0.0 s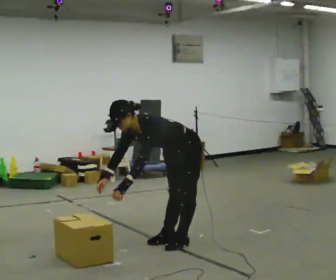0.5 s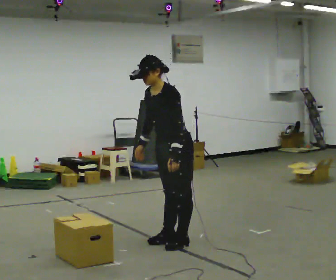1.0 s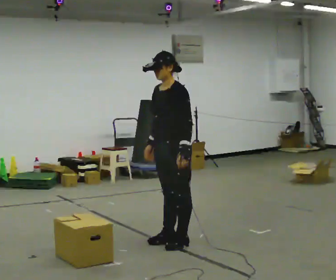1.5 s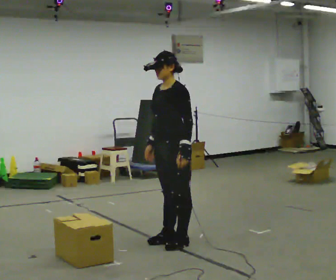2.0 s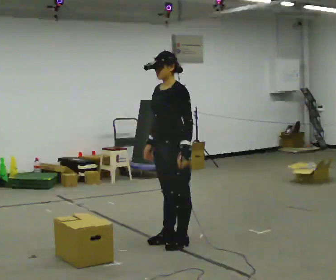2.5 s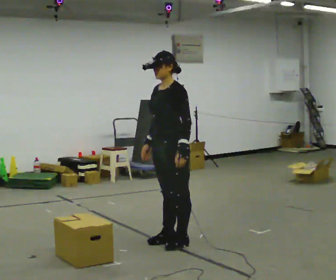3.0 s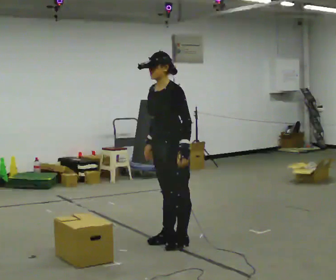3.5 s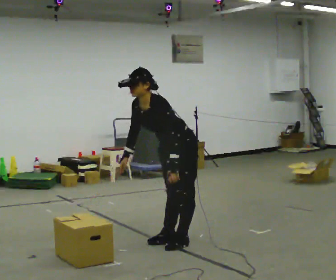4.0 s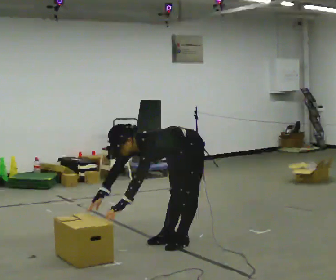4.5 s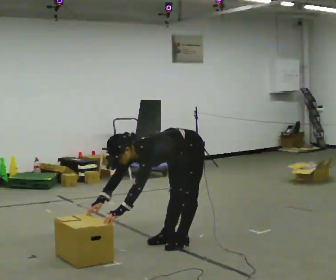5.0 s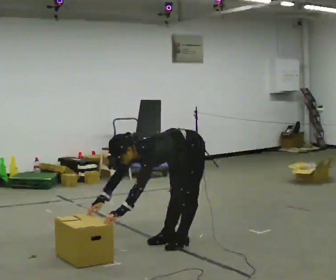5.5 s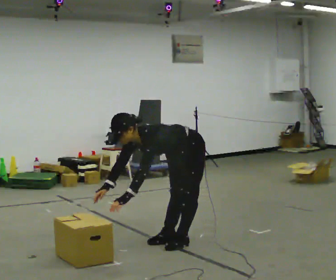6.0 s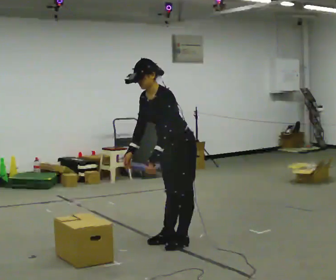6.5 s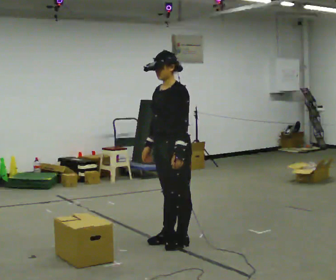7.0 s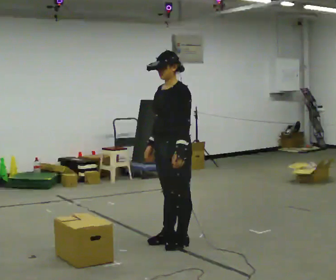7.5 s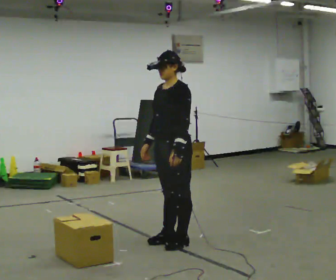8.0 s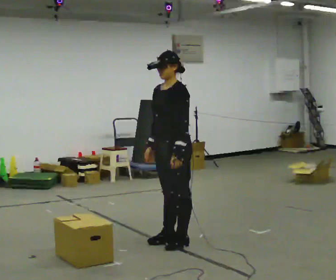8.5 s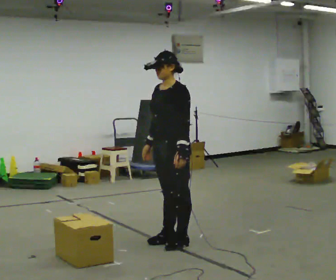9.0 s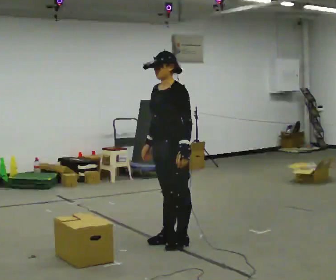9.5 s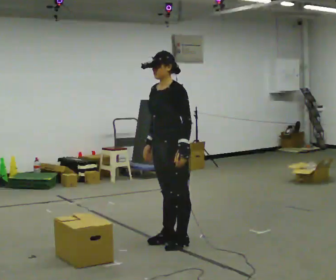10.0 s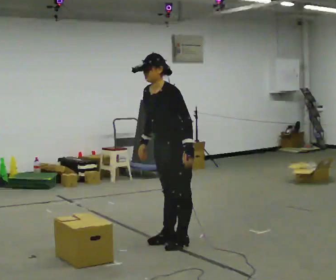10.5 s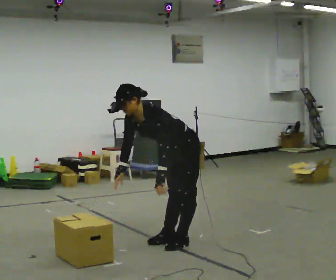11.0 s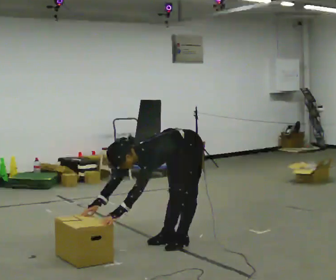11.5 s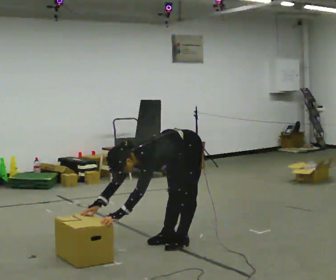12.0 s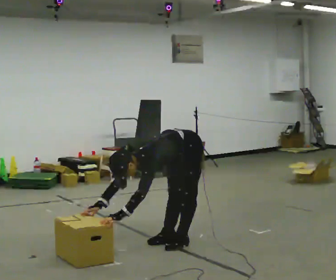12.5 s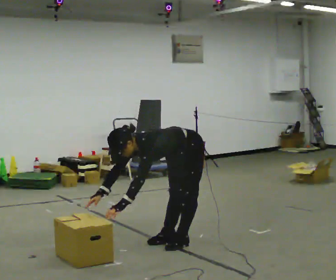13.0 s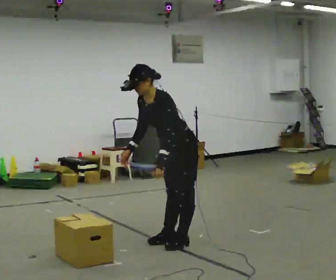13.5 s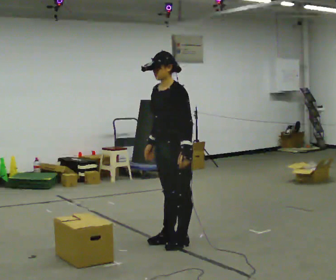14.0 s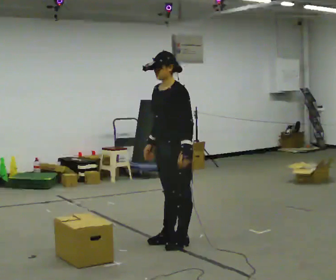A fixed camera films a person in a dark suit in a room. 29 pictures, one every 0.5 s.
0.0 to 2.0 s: The upper body goes upward. In the picture the upper body tilts clockwise, shoulders to the right, as they lean back or straighten. In the picture their left hand goes to the right.
2.0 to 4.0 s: The upper body goes downward. In the picture the upper body tilts counterclockwise, shoulders to the left, as they bend forward. In the picture their right hand goes to the left and downward.
4.0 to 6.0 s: The upper body goes upward. In the picture the upper body tilts clockwise, shoulders to the right, as they lean back or straighten. In the picture their right hand goes upward.
6.0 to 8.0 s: In the picture the upper body tilts clockwise, shoulders to the right, as they lean back or straighten.
8.0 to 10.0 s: The person moves a little, or ends about where they began.
10.0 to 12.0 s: The shoulders move downward. In the picture the upper body tilts counterclockwise, shoulders to the left, as they bend forward. In the picture their left hand goes to the left and downward, the arm swinging clockwise.
12.0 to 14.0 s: The shoulders move upward. In the picture the upper body tilts clockwise, shoulders to the right, as they lean back or straighten. In the picture their left hand goes to the right and upward.
The film runs backward here.
